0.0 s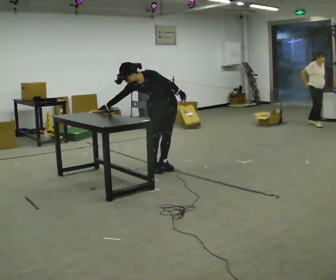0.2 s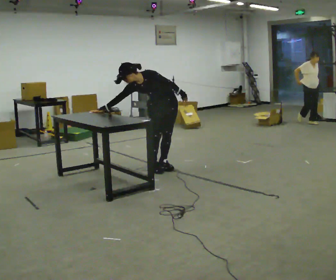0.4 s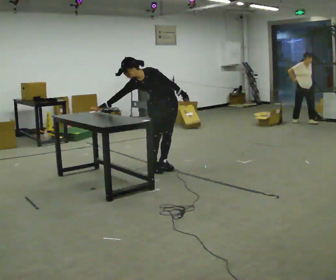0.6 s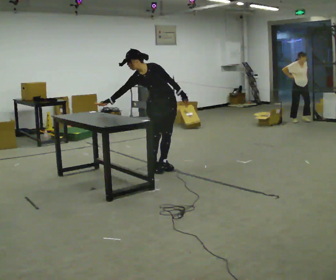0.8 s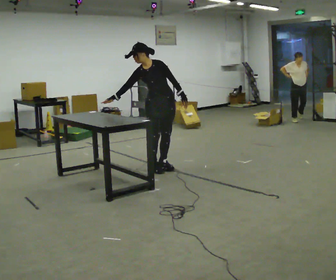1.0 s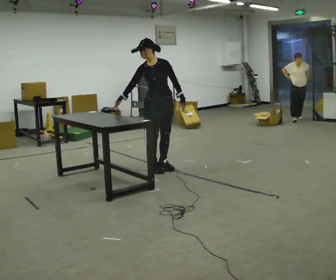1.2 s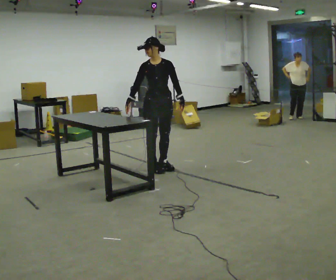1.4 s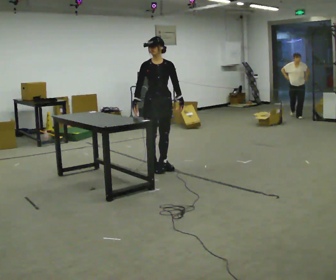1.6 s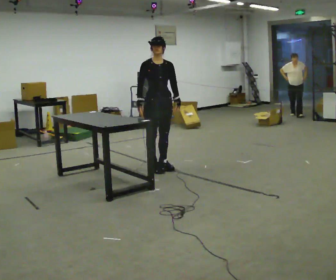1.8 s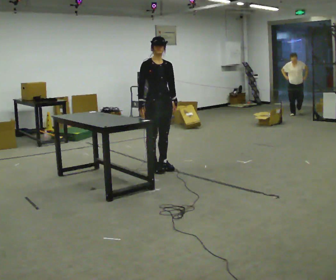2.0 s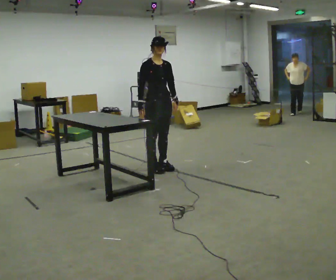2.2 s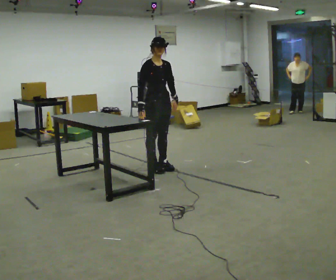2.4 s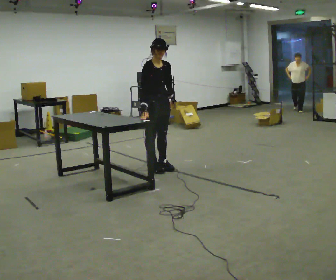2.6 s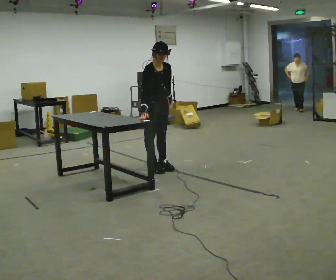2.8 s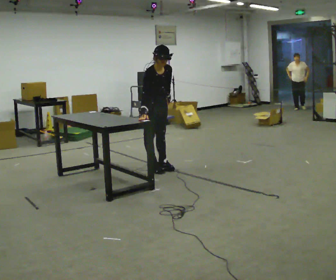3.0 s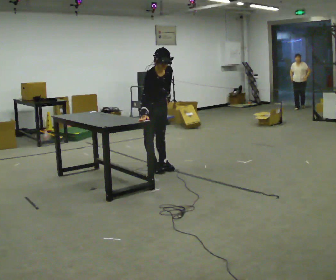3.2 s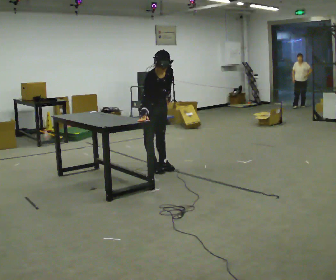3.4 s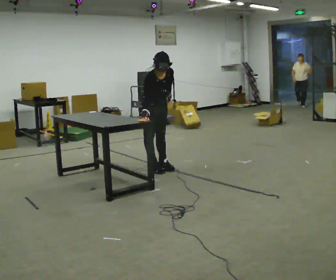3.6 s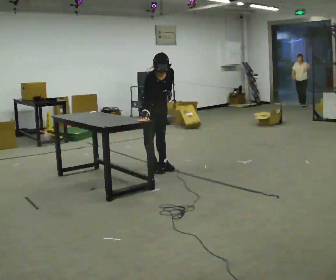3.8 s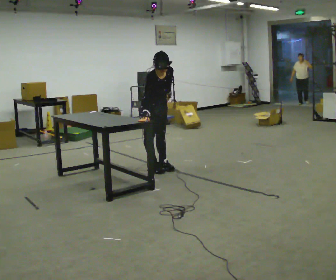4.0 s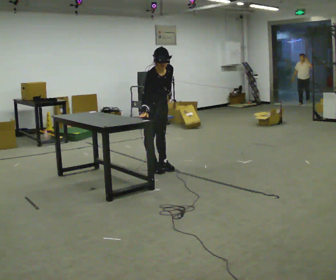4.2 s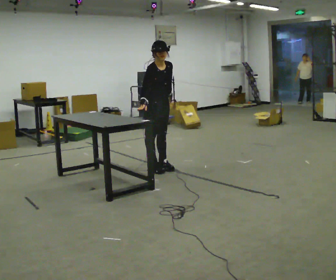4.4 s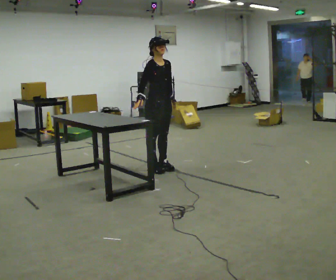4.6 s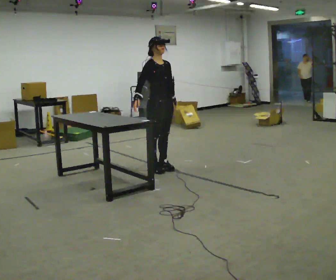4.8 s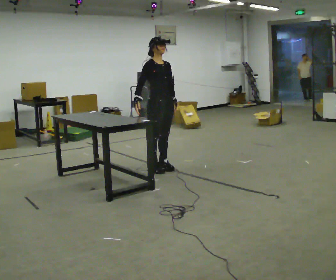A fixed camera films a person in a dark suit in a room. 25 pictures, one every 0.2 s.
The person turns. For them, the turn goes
to their left.
The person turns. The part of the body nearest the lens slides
to the right.
0.0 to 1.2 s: The upper body goes upward. In the picture the upper body tilts clockwise, shoulders to the right, as they lean back or straighten.
1.2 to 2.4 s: The person turns about 30 degrees to their left, counterclockwise seen from above, so the part of the body nearest the lens slides to the right. The upper body tips toward the camera, its near side rolling downward, as they bend forward.
2.4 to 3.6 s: The upper body tips toward the camera, its near side rolling downward, as they bend forward.
3.6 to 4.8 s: The upper body tips away from the camera, its near side rolling upward, as they lean back or straighten.
The film runs backward here.
